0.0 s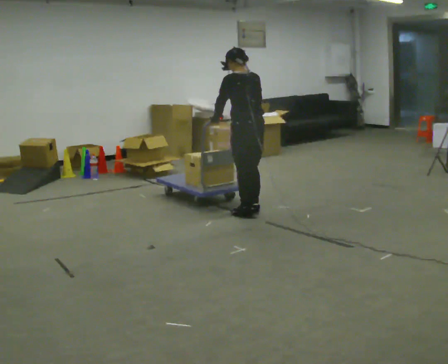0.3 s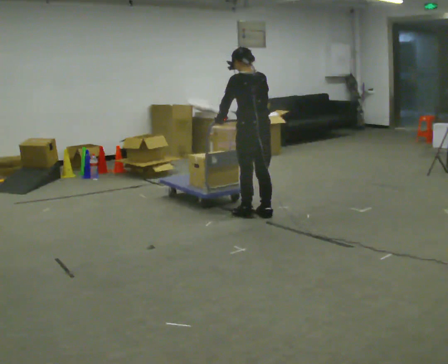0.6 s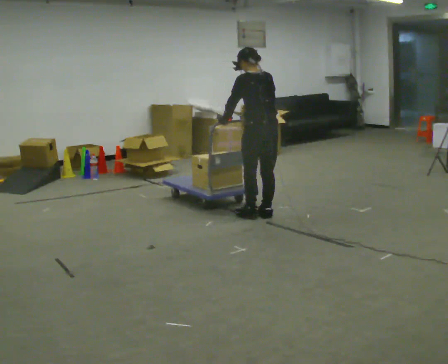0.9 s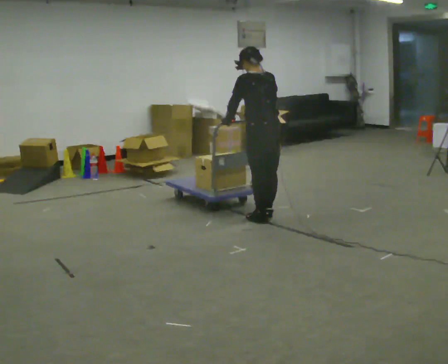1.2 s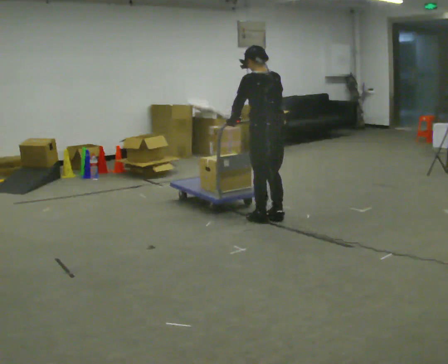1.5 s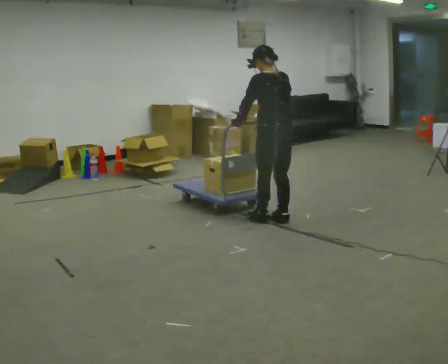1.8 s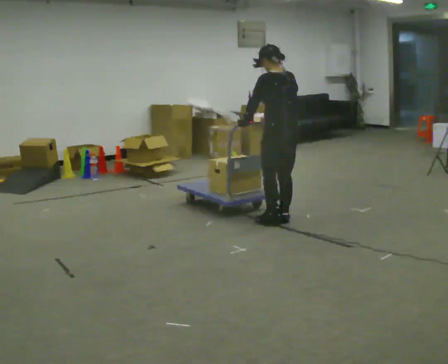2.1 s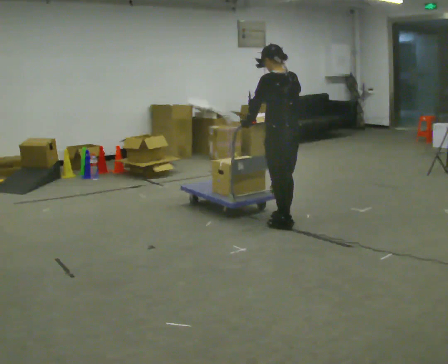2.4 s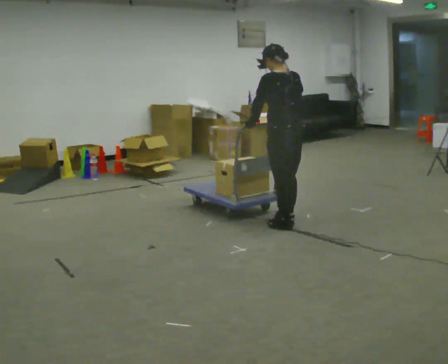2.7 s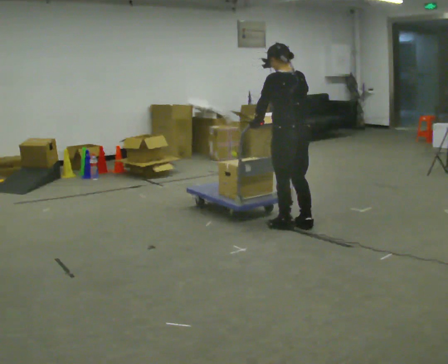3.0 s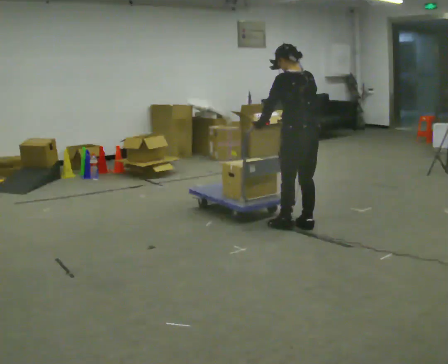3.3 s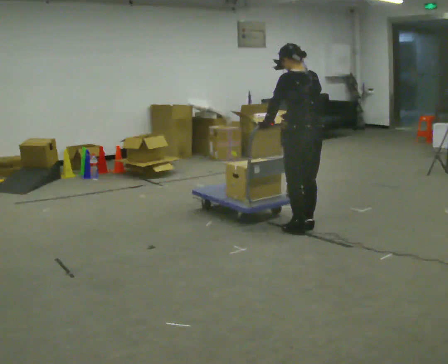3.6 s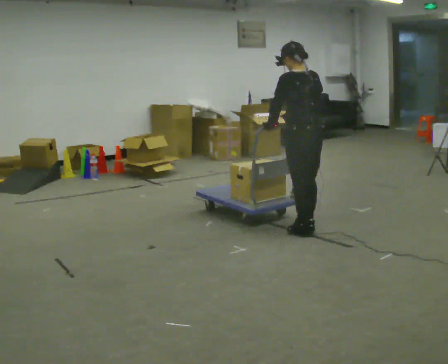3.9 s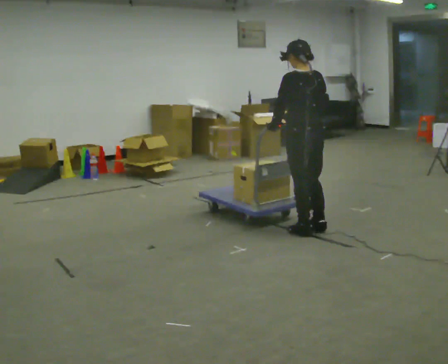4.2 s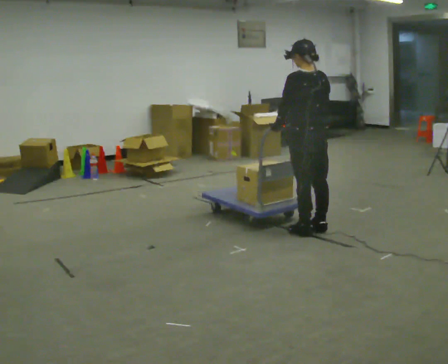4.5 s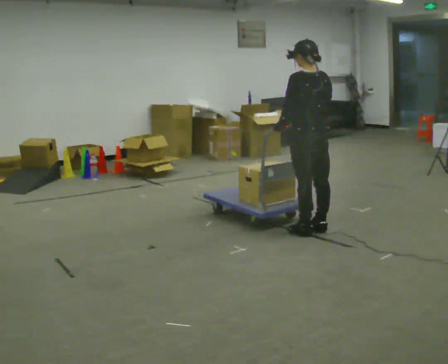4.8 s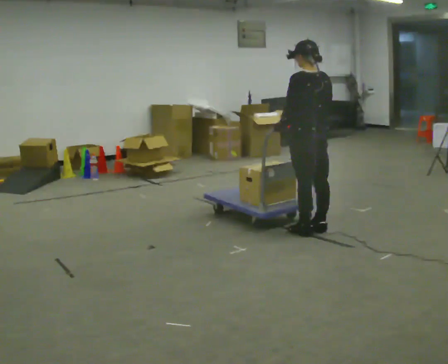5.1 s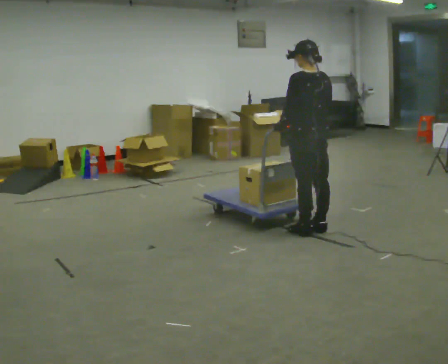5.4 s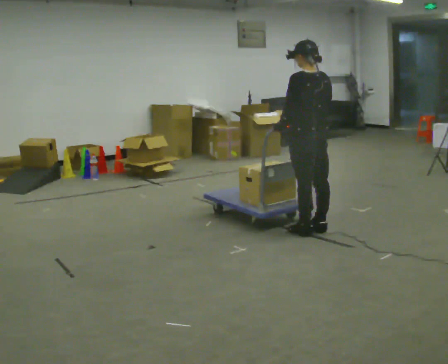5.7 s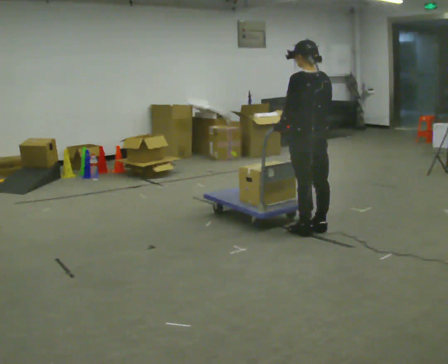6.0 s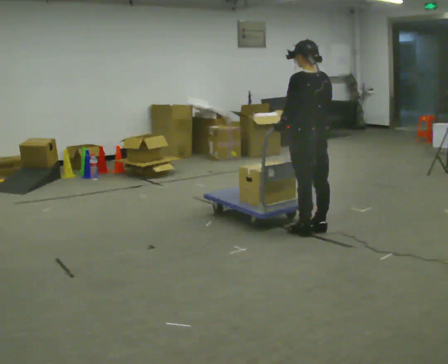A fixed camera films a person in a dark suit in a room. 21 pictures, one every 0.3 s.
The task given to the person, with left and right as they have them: Get the cart into the marked parking space and lined up with the tape. Take as many adjustments as you need. Then take it out again and repeat.
0.0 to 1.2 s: In the picture they go to the right and toward the camera, about 0.25 m in 2 steps, which for them is backward.
1.2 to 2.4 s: In the picture they go toward the camera and to the right, about 0.25 m in 2 steps, which for them is backward.
2.4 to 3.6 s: In the picture they go to the right, about 0.25 m in 2 steps, which for them is backward.
3.6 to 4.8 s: The person moves a little, or ends about where they began.
4.8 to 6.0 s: The person keeps their place and pose.
The film runs forward here.
